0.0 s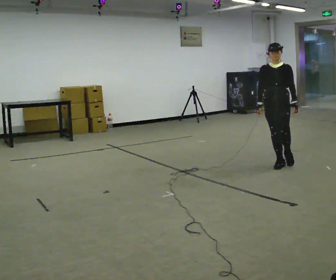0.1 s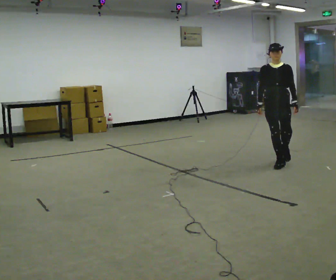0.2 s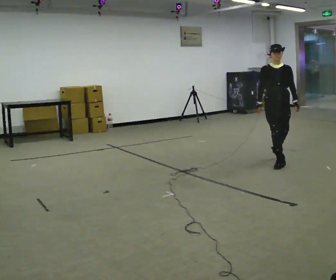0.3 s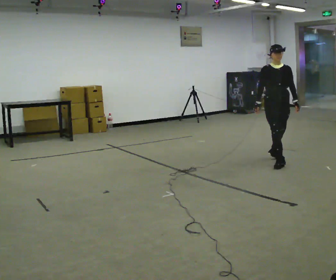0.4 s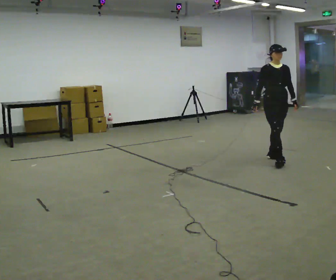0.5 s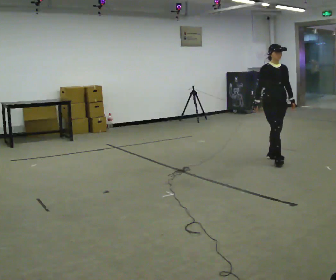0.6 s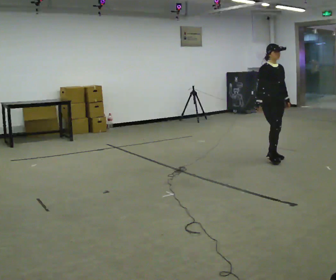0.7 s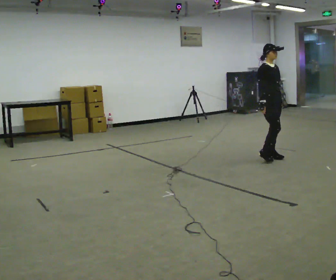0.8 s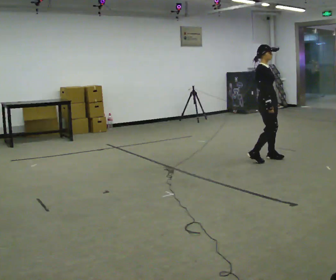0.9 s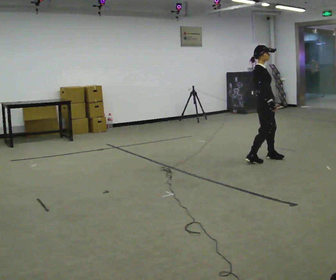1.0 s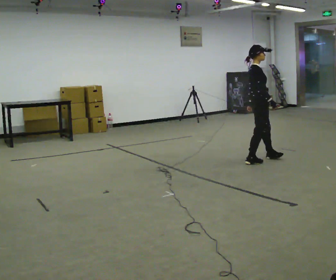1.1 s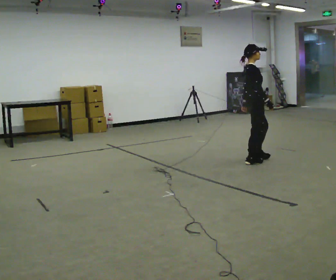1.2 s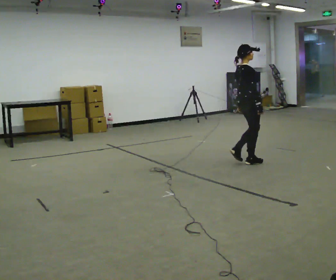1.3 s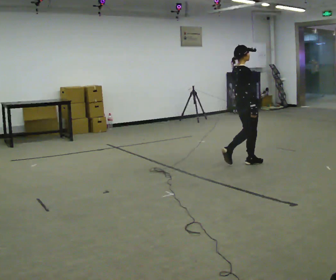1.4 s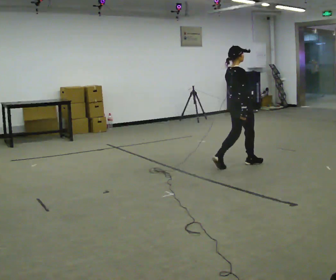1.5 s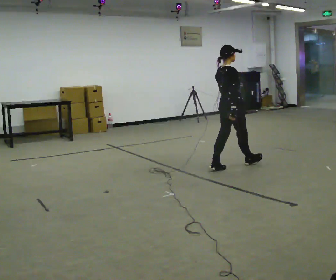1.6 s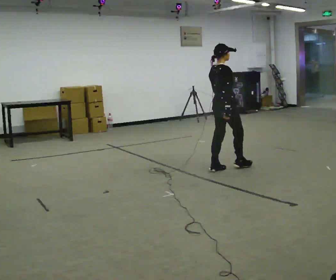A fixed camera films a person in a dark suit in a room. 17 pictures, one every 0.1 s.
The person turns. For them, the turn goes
to their left.
The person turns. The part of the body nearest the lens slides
to the right.
0.0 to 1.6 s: The person turns about 135 degrees to their left, counterclockwise seen from above, so the part of the body nearest the lens slides to the right. In the picture they go to the left, about 0.75 m in 3 steps.
The film runs backward here.
